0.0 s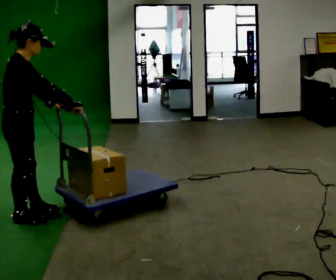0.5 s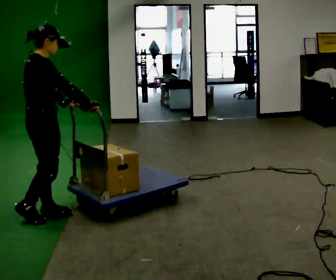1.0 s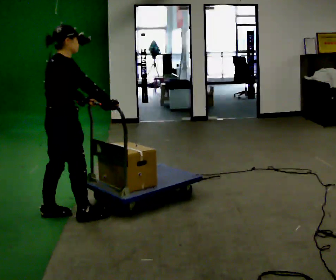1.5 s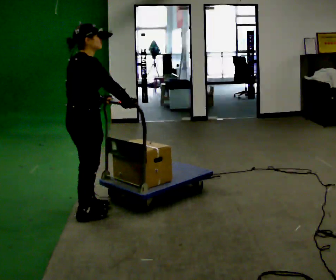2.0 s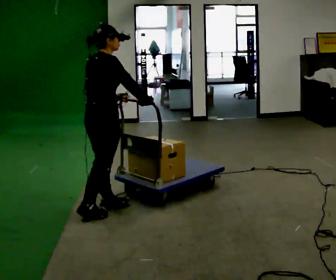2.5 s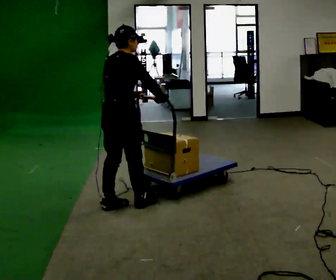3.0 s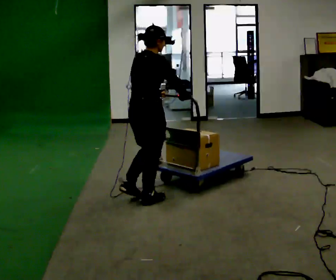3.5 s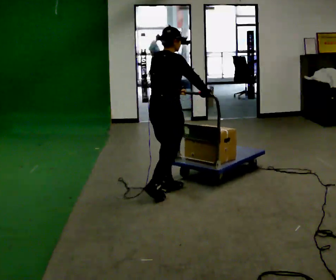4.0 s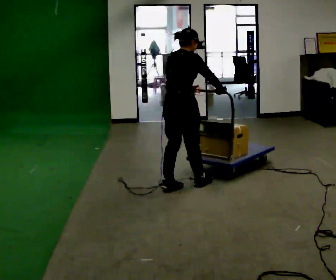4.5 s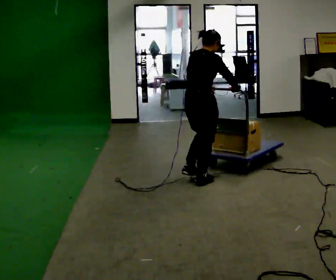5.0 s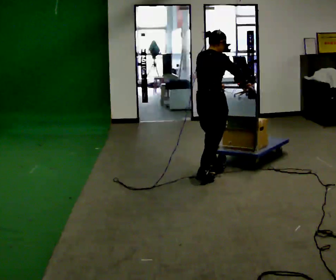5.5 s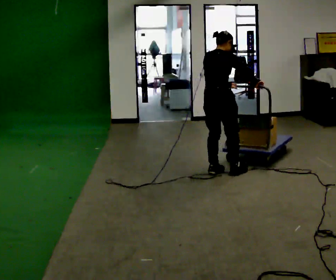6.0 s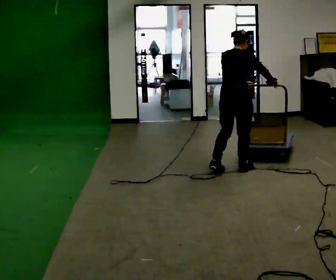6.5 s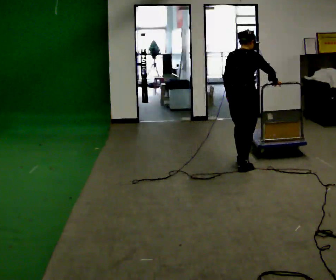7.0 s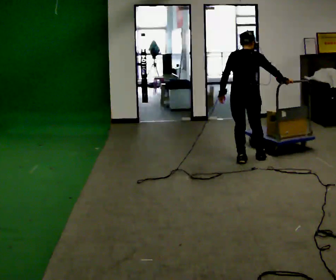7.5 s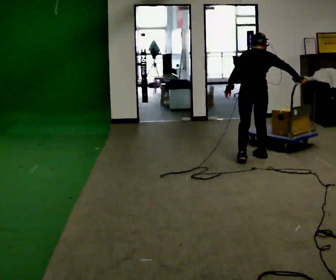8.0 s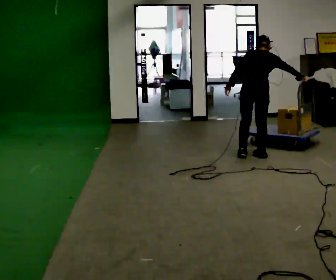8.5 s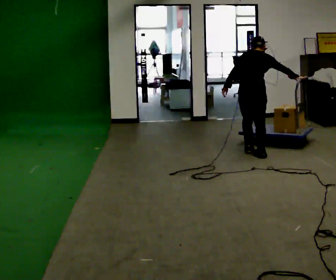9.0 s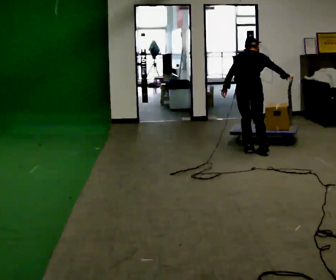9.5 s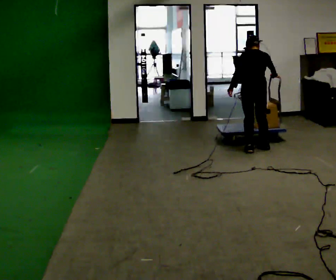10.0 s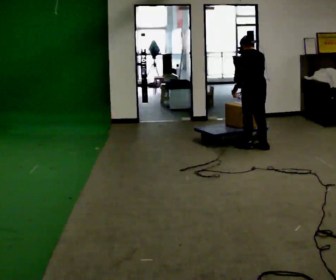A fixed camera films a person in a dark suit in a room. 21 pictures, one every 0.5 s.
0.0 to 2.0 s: In the picture they go to the right and away from the camera, about 0.75 m in 3 steps, which for them is forward.
2.0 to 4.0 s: In the picture they go away from the camera and to the right, about 1 m in 2 steps, which for them is forward.
4.0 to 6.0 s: In the picture they go away from the camera and to the right, about 0.5 m in 3 steps, which for them is forward.
6.0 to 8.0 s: Seen from above the body turns counterclockwise, about 30 degrees: to their left, with its near side sliding to the right. In the picture they go away from the camera and to the right, about 0.5 m in 2 steps, which for them is forward and to their right.
8.0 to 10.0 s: The person turns about 45 degrees to their left, counterclockwise seen from above, so the part of the body nearest the lens slides to the right. In the picture they go away from the camera, about 0.25 m in 3 steps, which for them is forward. In the picture the upper body tilts counterclockwise, shoulders to the left.
The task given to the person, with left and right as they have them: Push the loaded cart from one corner of the room to the other, turn it round, and push it back. Keep going until the operator says stop.
The film runs forward here.
